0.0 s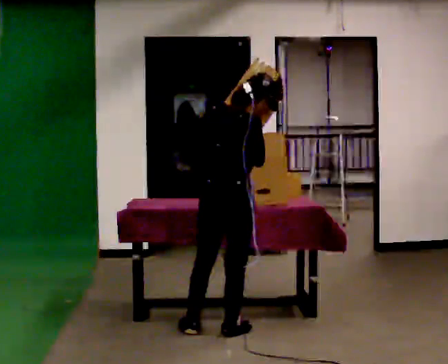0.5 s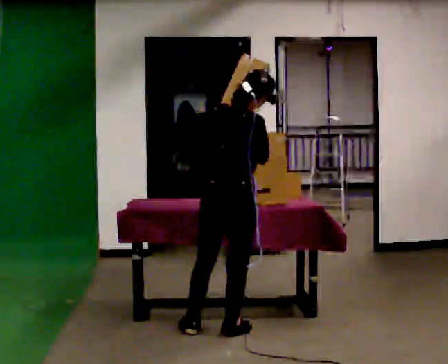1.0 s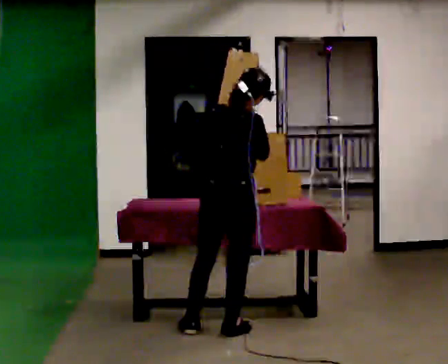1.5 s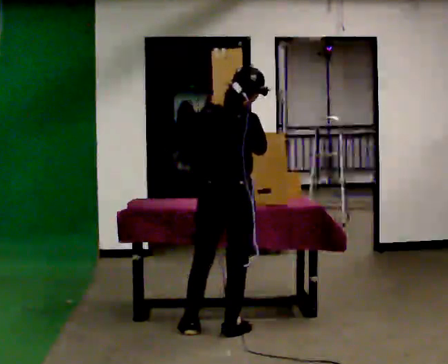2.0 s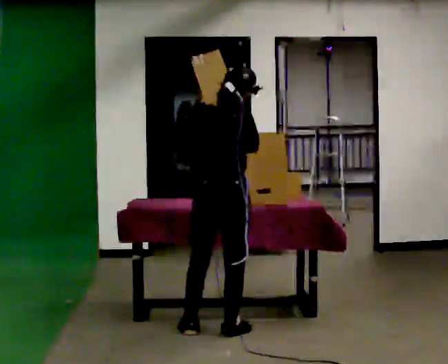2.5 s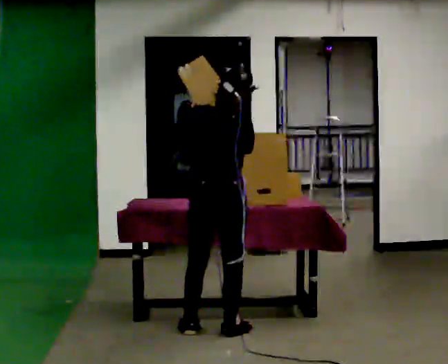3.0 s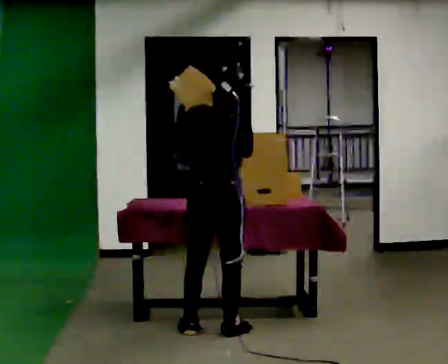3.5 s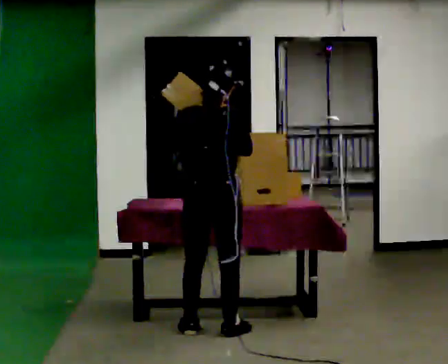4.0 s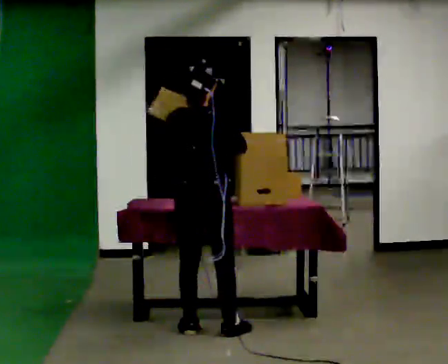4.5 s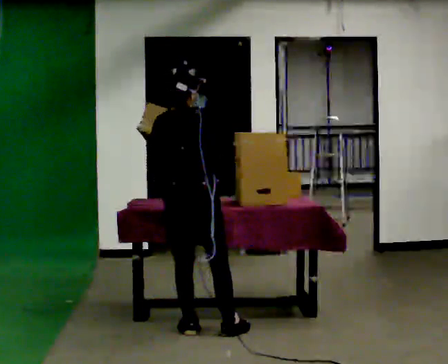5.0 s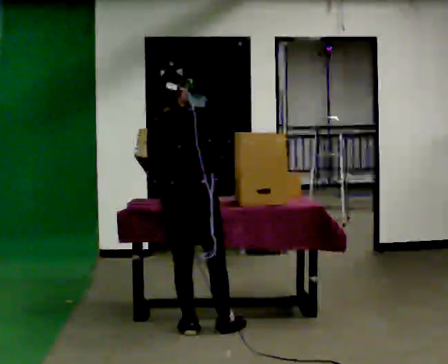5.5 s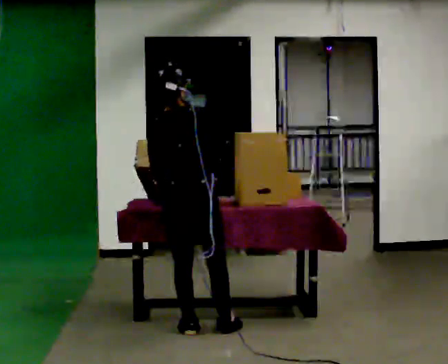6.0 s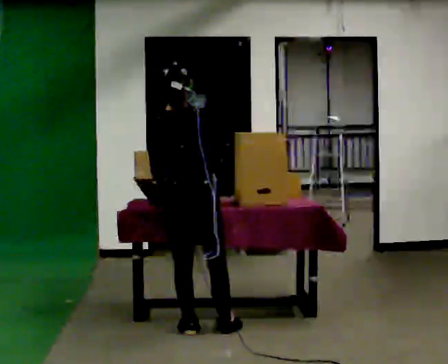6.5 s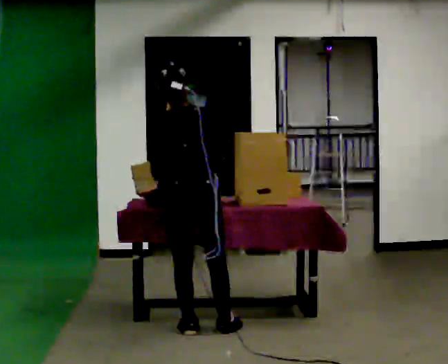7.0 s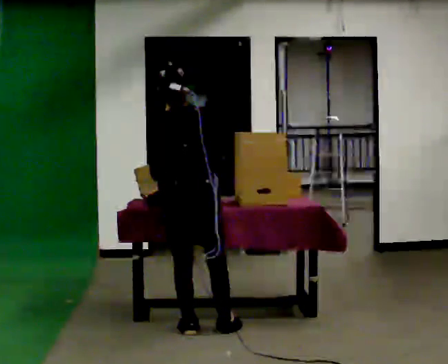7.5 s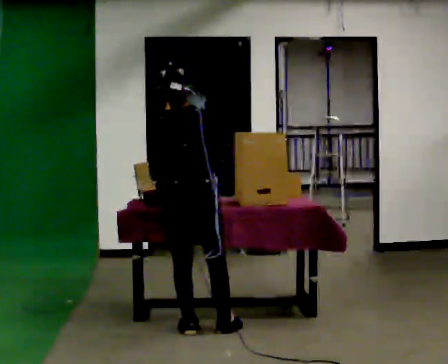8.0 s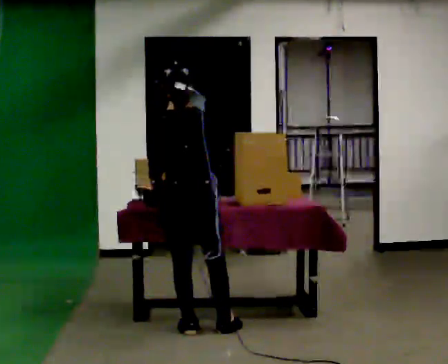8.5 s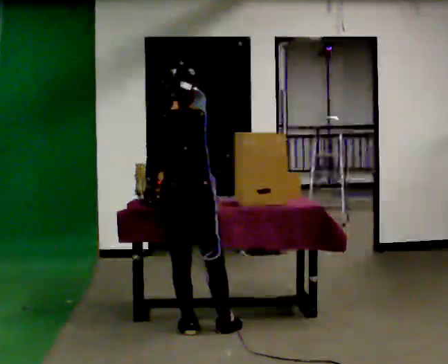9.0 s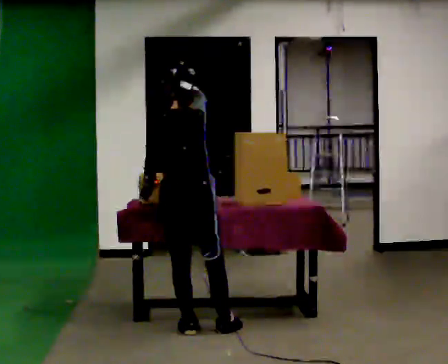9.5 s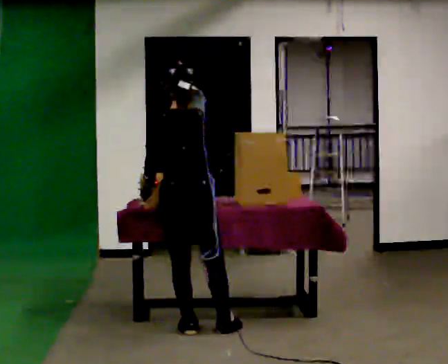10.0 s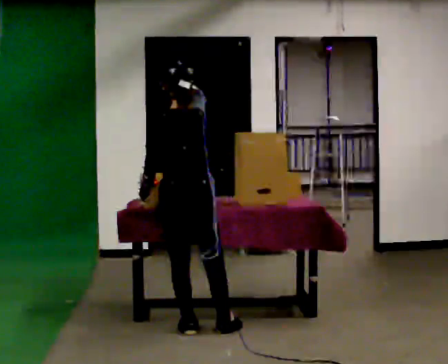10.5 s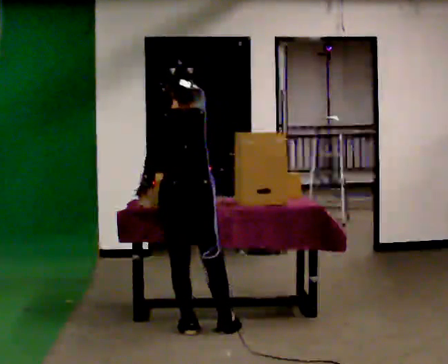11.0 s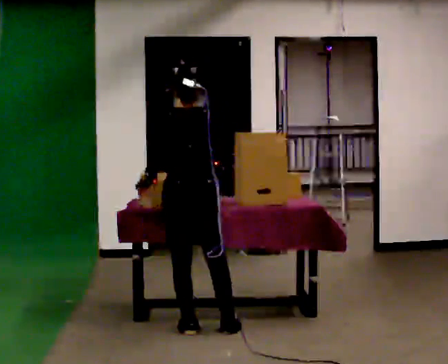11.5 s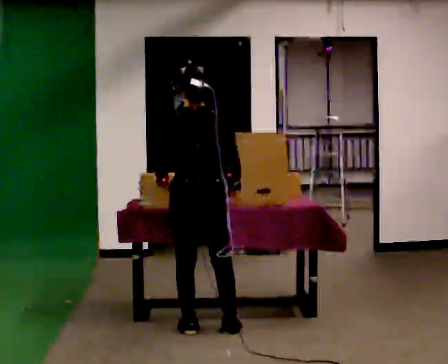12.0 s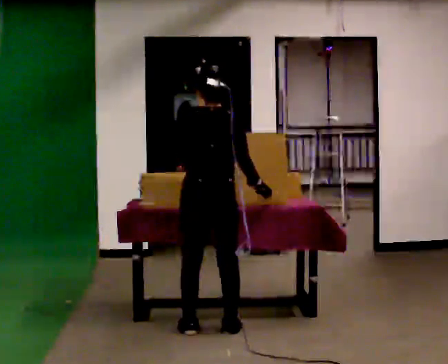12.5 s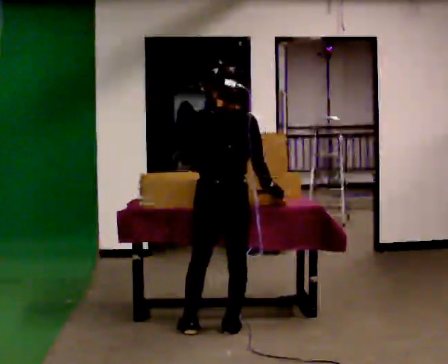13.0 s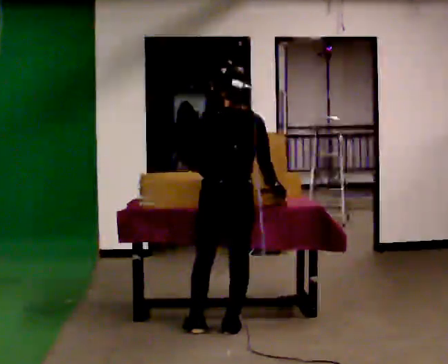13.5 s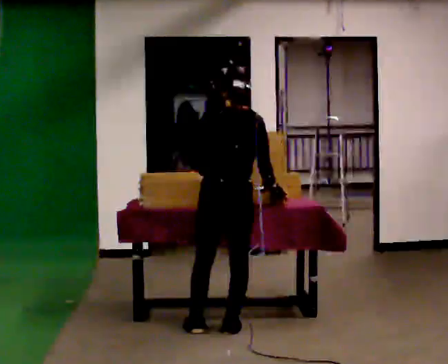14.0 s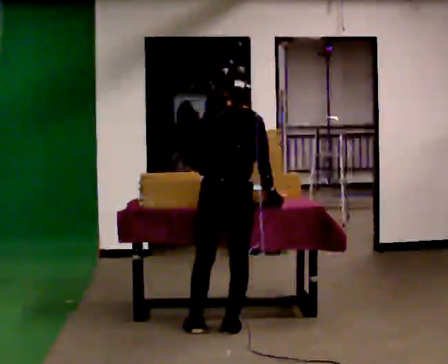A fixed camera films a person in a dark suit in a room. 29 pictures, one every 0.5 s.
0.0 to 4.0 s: In the picture their left hand goes to the left.
4.0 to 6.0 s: In the picture their left hand goes downward.
6.0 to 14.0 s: The part of the body nearest the lens slides to the right as the person turns to their left by about 30 degrees. In the picture they go to the right, about 0.25 m, which for them is to their right. In the picture the upper body tilts clockwise, shoulders to the right. In the picture their left hand goes to the right and upward.
The film runs backward here.
